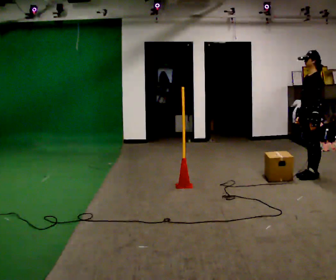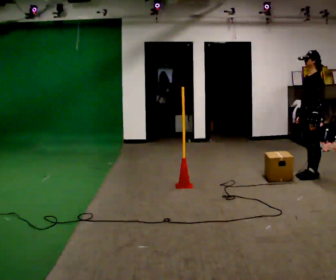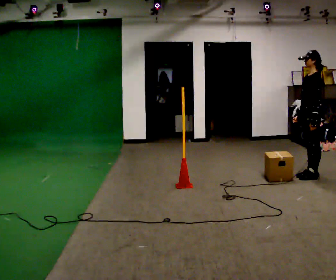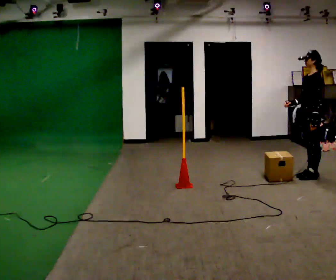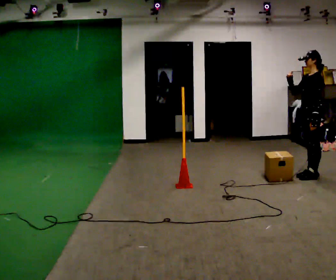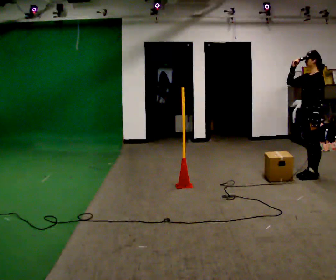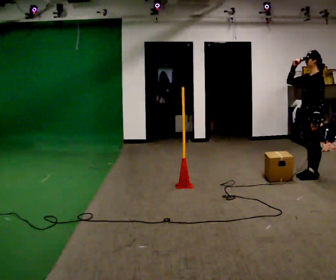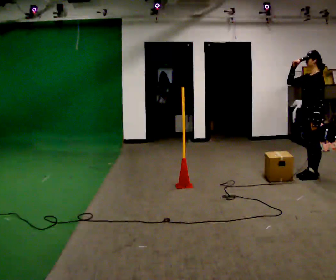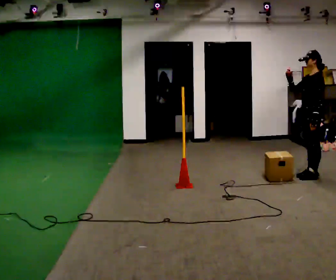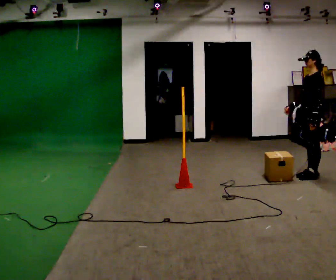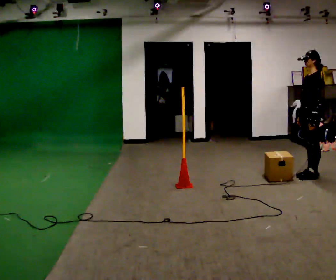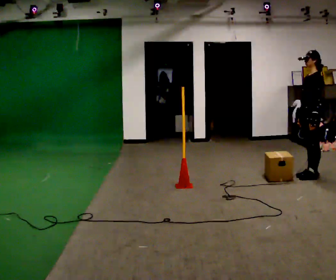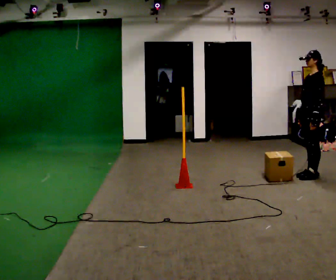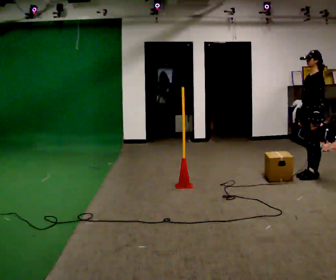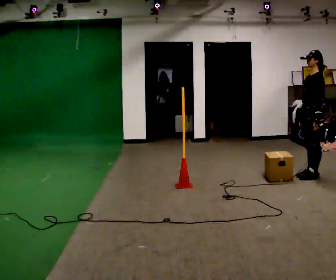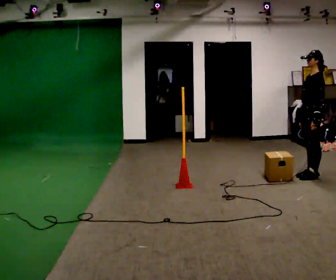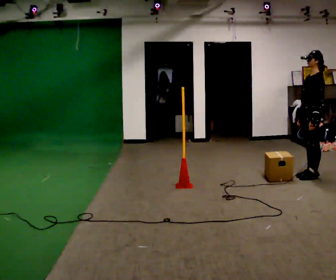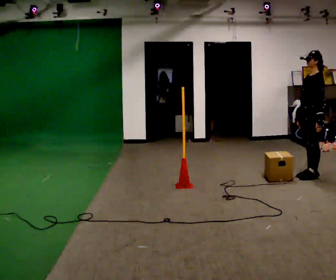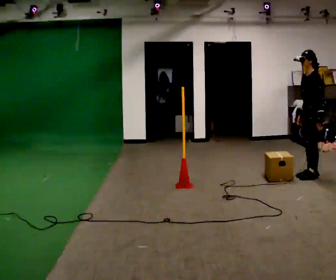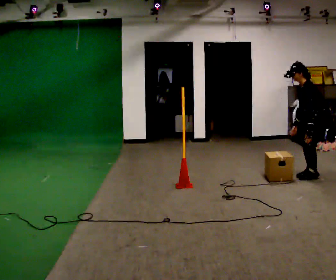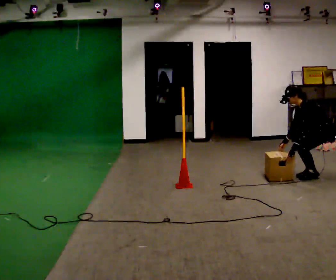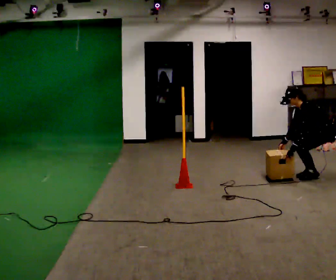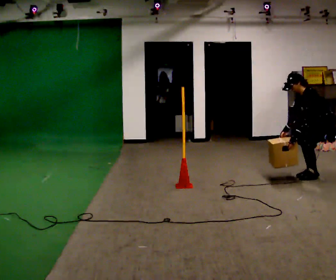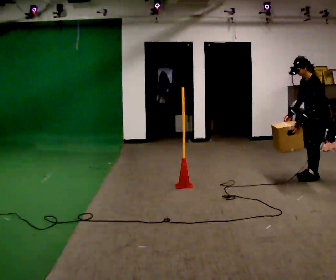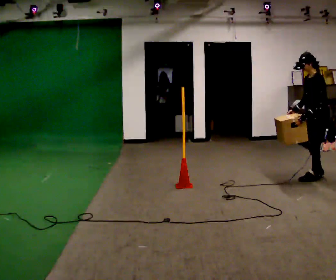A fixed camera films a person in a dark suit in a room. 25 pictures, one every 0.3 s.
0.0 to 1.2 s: In the picture their right hand goes upward, the arm swinging clockwise.
1.2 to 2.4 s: The person moves a little, or ends about where they began.
2.4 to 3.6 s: In the picture their right hand goes downward, the arm swinging counterclockwise.
3.6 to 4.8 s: The person moves a little, or ends about where they began.
4.8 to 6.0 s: In the picture they go to the right, about 0.25 m, which for them is backward. The shoulders move downward. In the picture the upper body tilts counterclockwise, shoulders to the left, as they bend forward. In the picture their left hand goes downward.
6.0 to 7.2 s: In the picture the upper body tilts clockwise, shoulders to the right, as they lean back or straighten. In the picture their left hand goes upward.
The film runs backward here.
